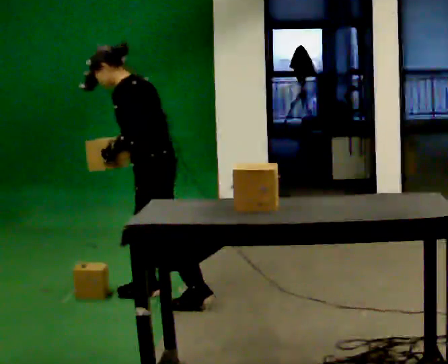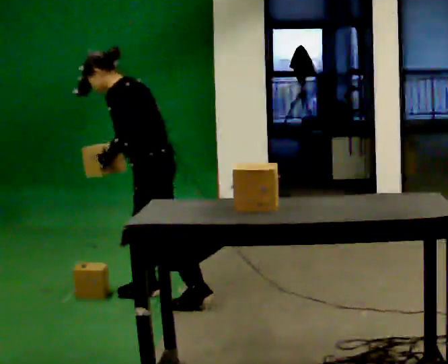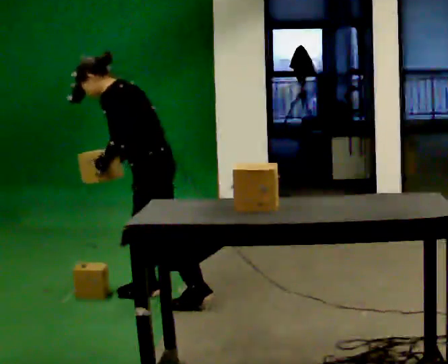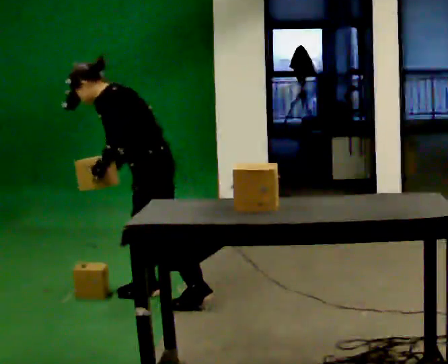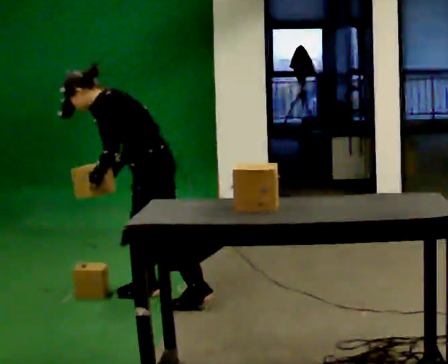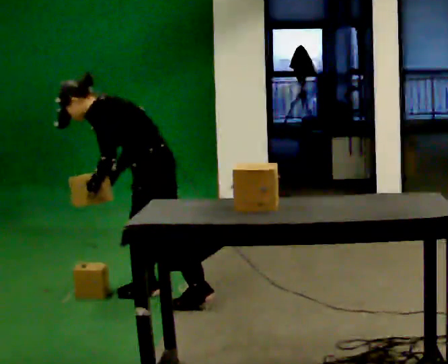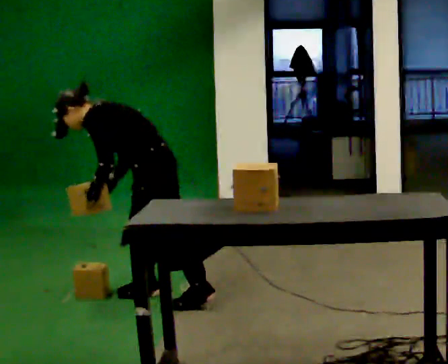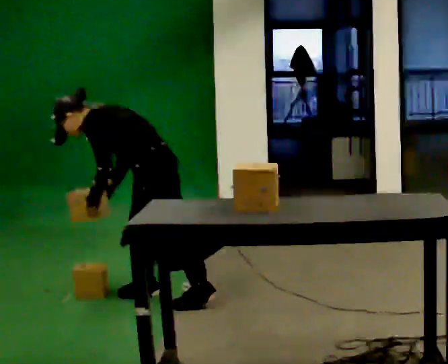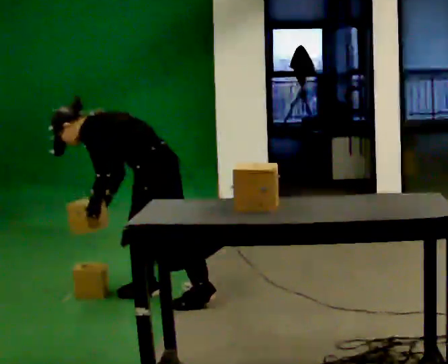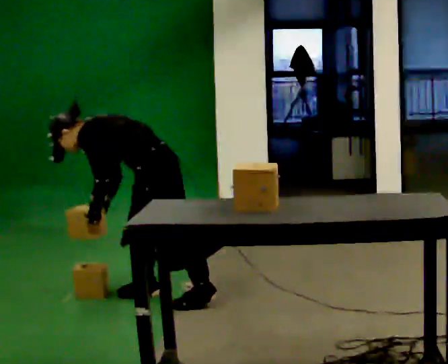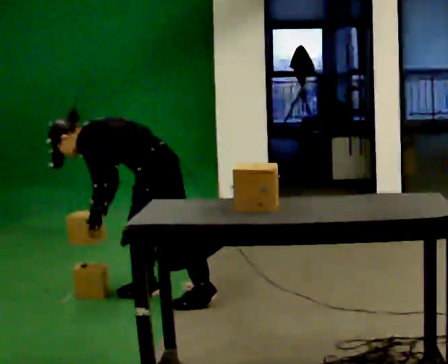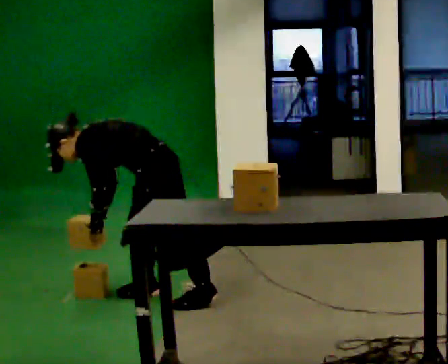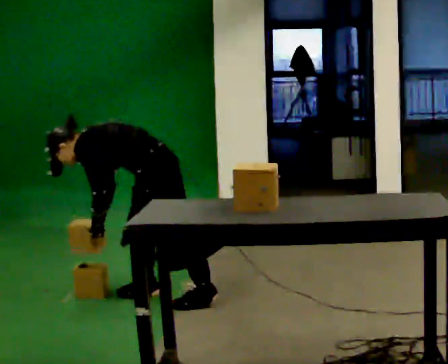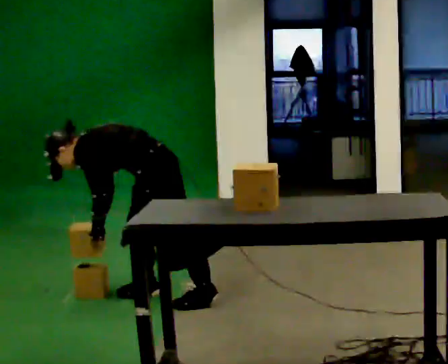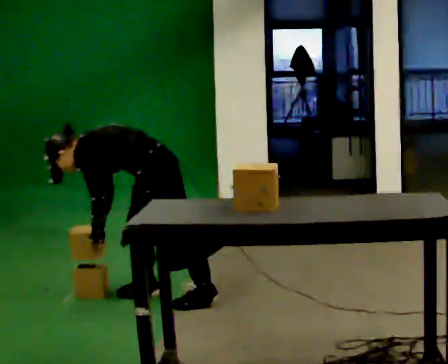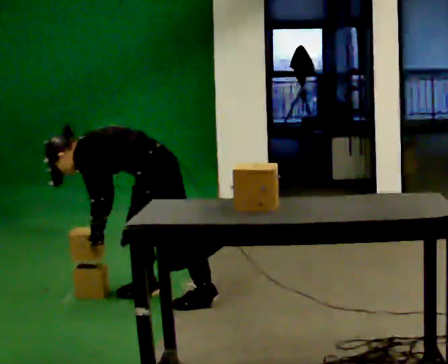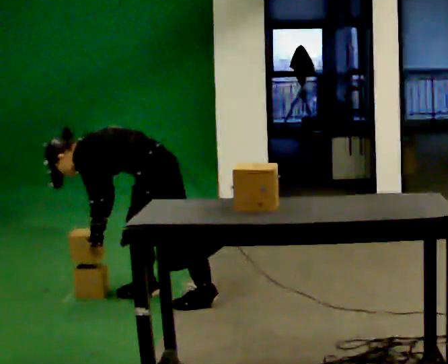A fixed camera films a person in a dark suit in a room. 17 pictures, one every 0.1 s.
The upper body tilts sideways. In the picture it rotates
counterclockwise.
Their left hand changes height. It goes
downward.
0.0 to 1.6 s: The shoulders move downward. In the picture the upper body tilts counterclockwise, shoulders to the left, as they bend forward. In the picture their left hand goes downward.
The film runs forward here.
